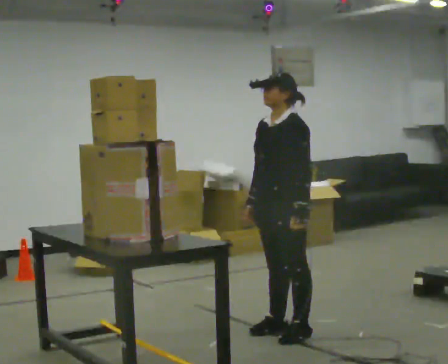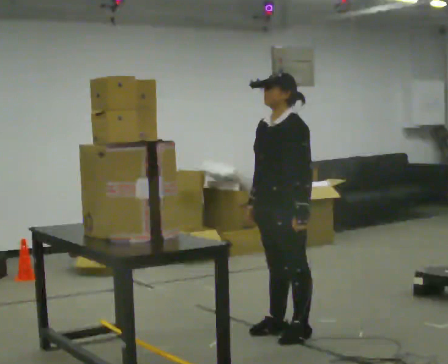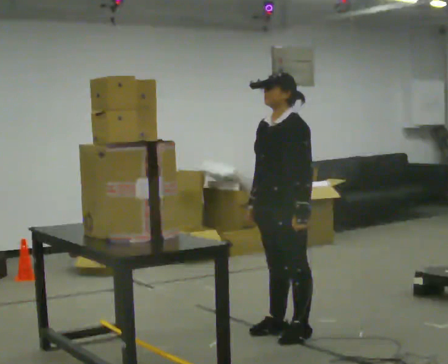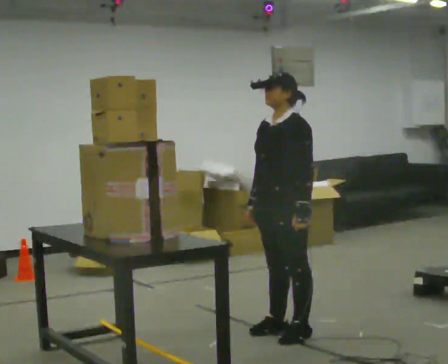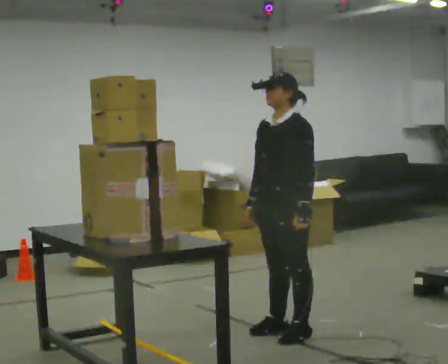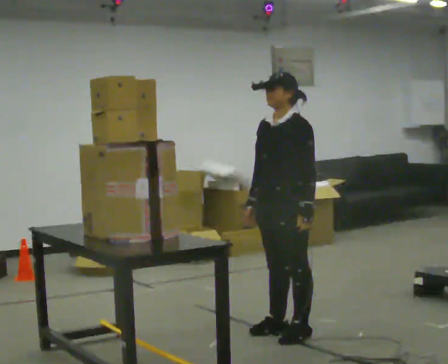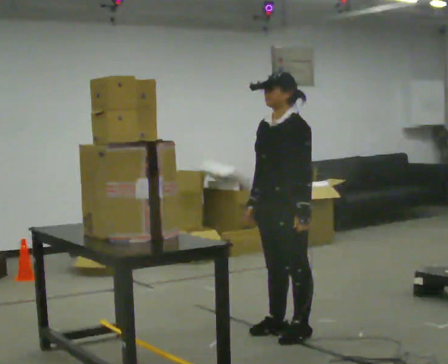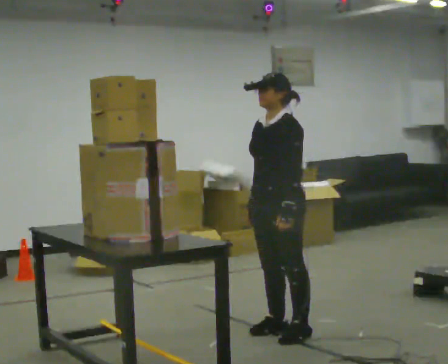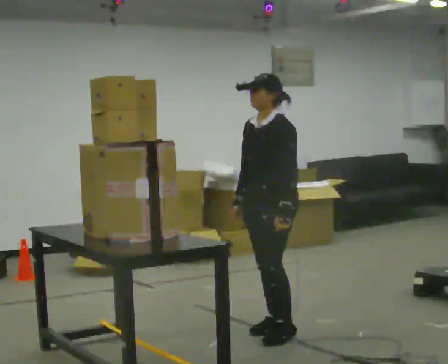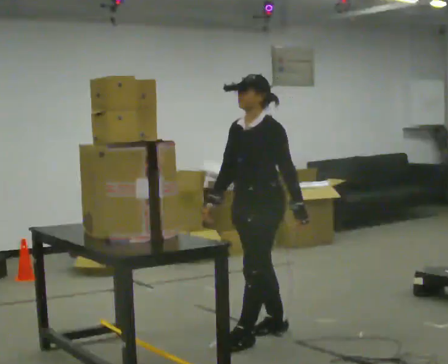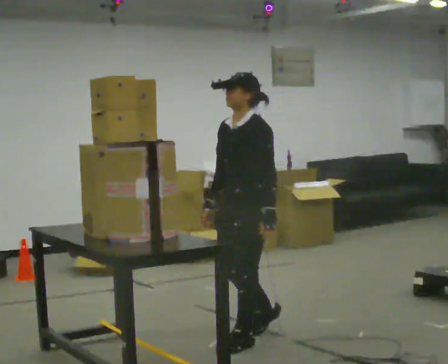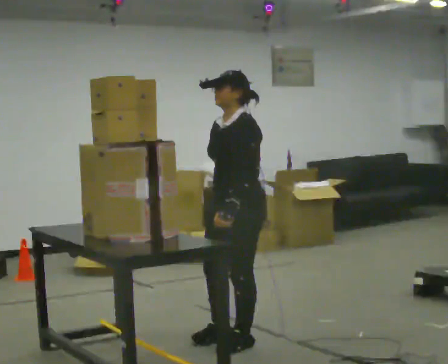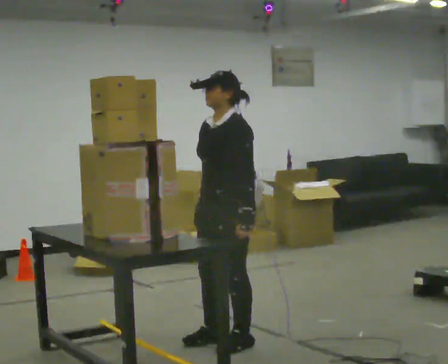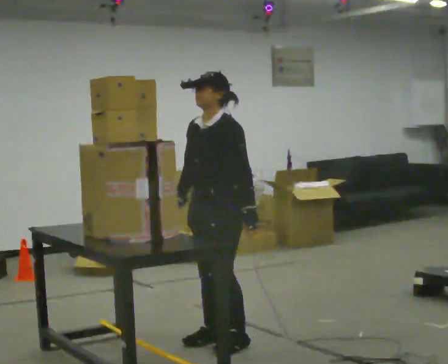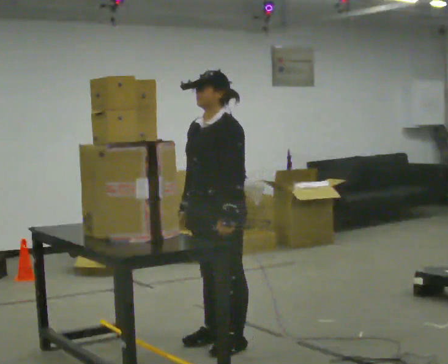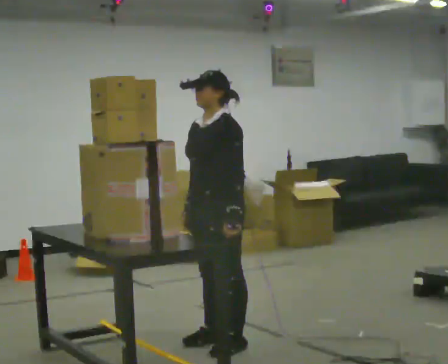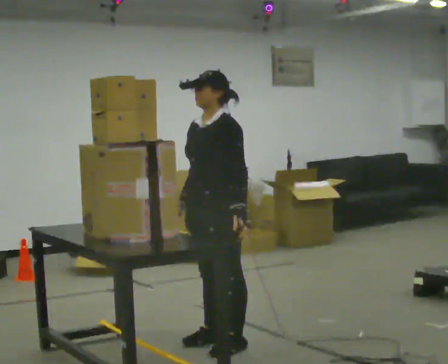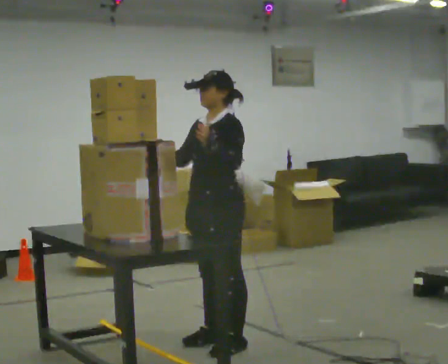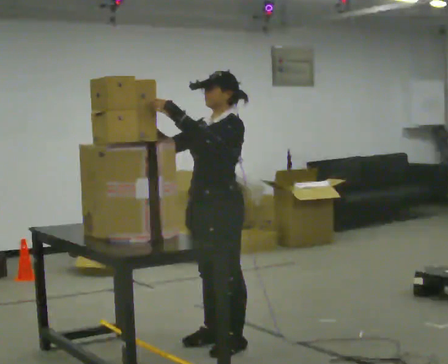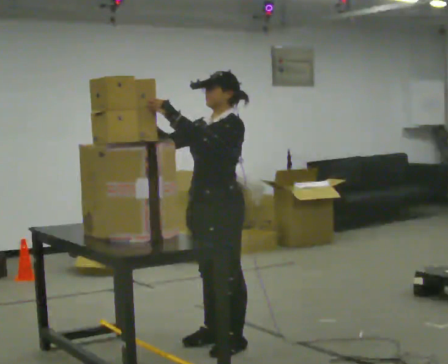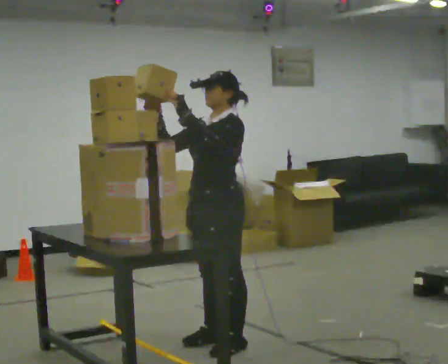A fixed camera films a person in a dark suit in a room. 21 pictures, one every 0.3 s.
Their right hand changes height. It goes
upward.
0.0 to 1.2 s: The person keeps their place and pose.
1.2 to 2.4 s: The person moves a little, or ends about where they began.
2.4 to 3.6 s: In the picture they go to the left and toward the camera, about 0.25 m in 2 steps, which for them is forward.
3.6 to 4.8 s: The person moves a little, or ends about where they began.
4.8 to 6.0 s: In the picture their left hand goes upward and to the left.
The film runs forward here.
